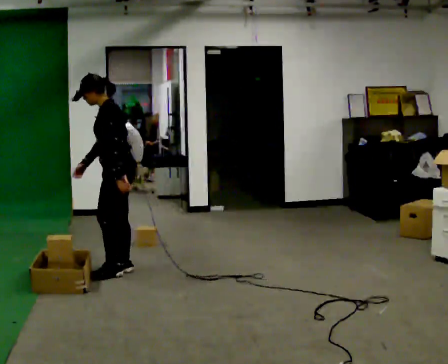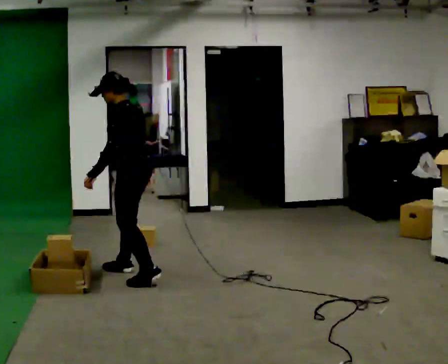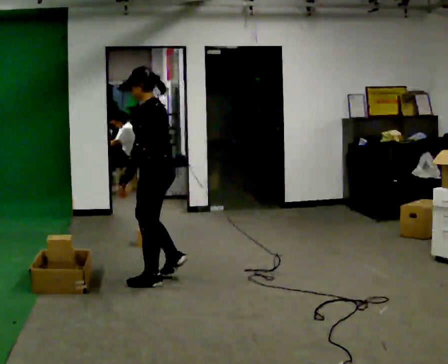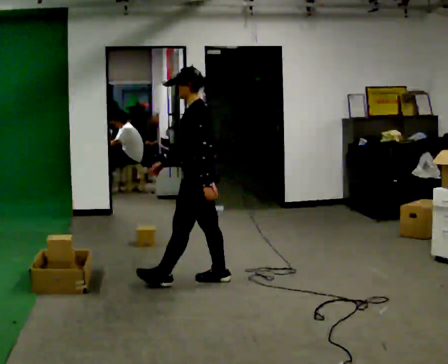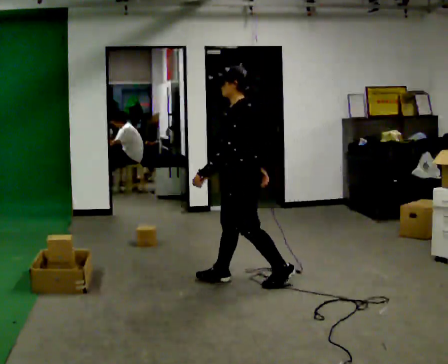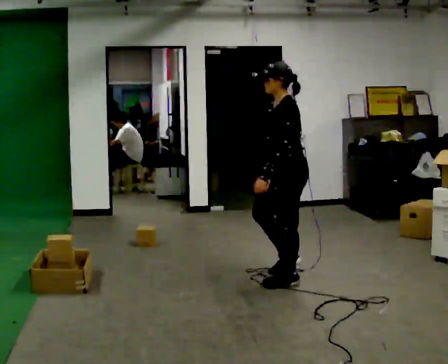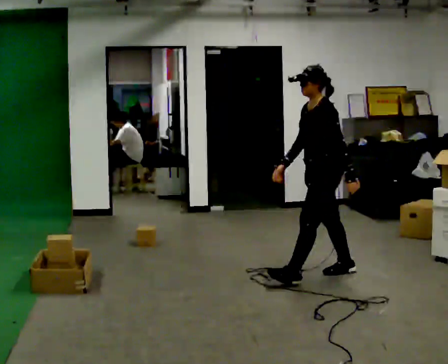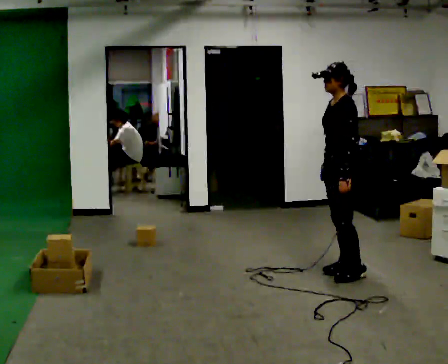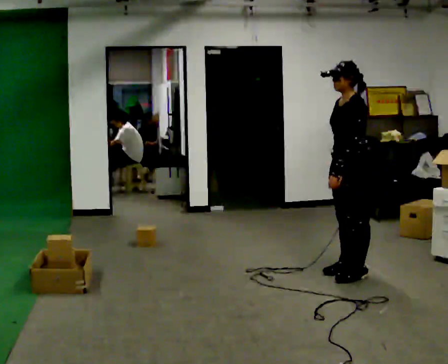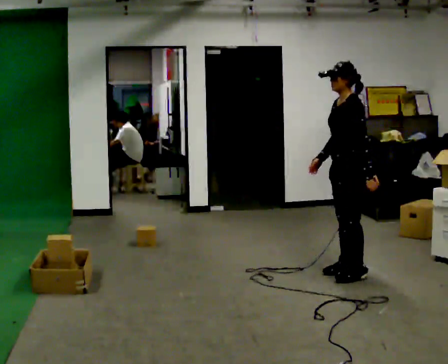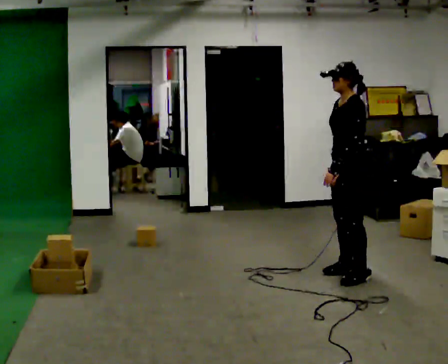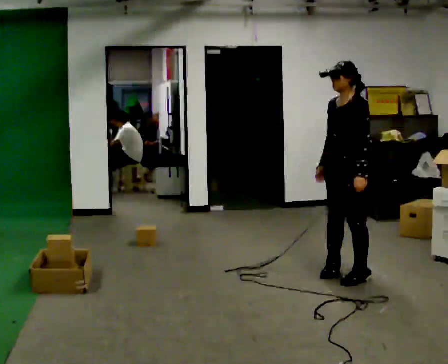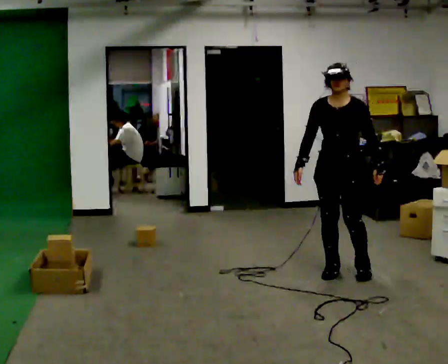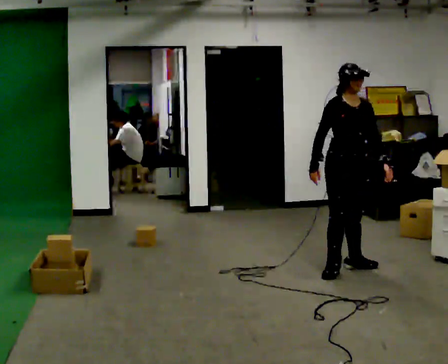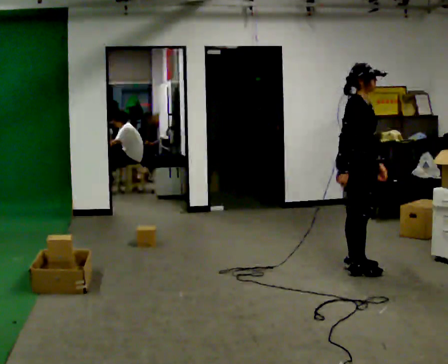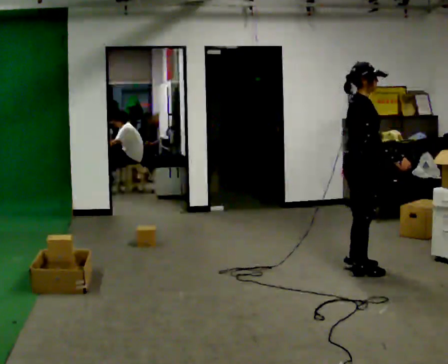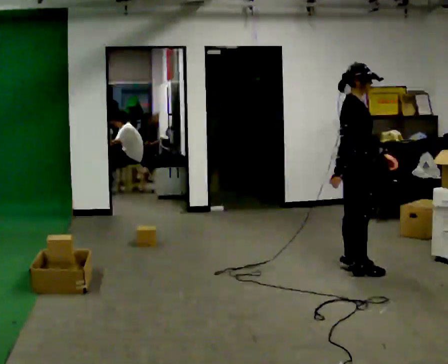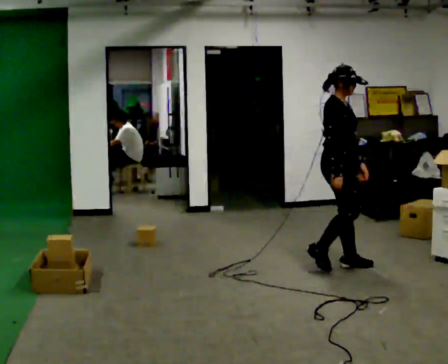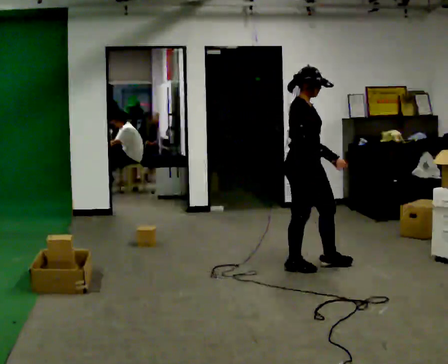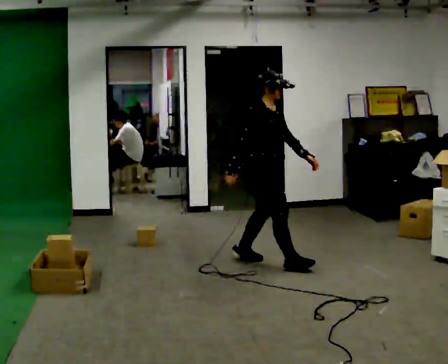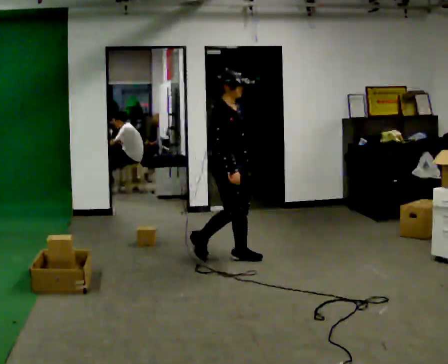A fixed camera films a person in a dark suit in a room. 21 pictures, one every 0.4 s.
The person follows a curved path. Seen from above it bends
counterclockwise.
0.0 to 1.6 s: In the picture they go to the right, about 1 m in 3 steps, which for them is backward.
1.6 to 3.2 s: In the picture they go to the right, about 1 m in 2 steps, which for them is backward.
3.2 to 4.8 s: Seen from above the body turns counterclockwise, about 45 degrees: to their left, with its near side sliding to the right.
4.8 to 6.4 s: Seen from above the body turns counterclockwise, about 105 degrees: to their left, with its near side sliding to the right. In the picture their right hand goes to the right.
6.4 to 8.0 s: In the picture they go to the left, about 1 m in 3 steps, which for them is backward.
The film runs backward here.
